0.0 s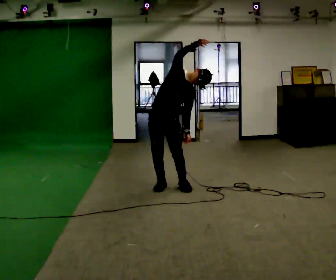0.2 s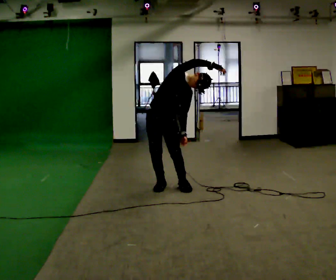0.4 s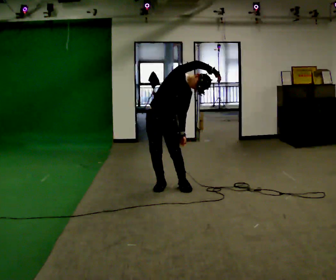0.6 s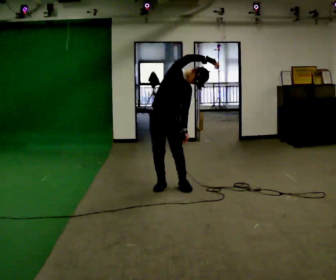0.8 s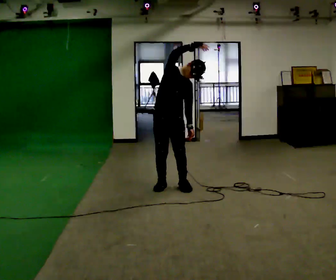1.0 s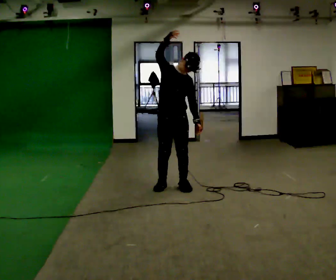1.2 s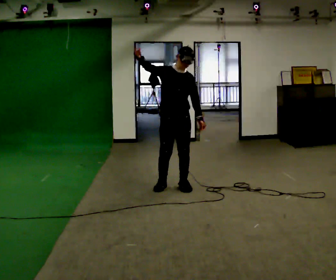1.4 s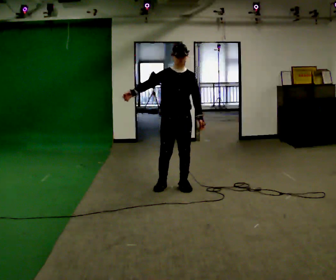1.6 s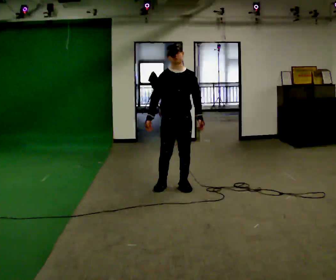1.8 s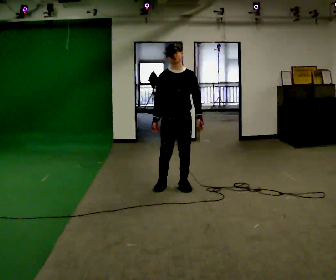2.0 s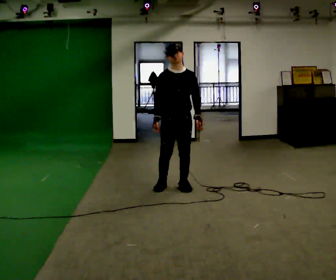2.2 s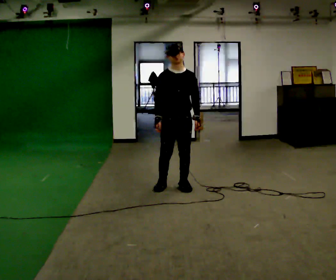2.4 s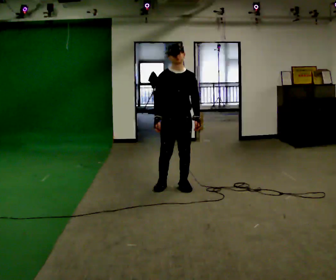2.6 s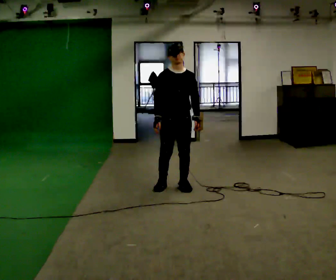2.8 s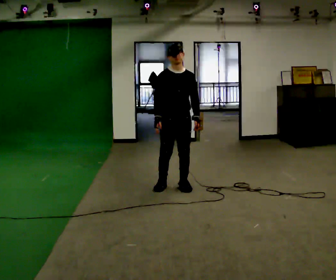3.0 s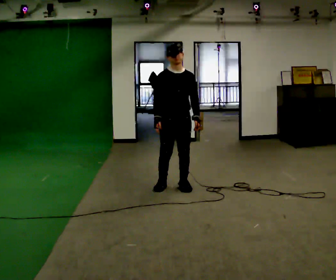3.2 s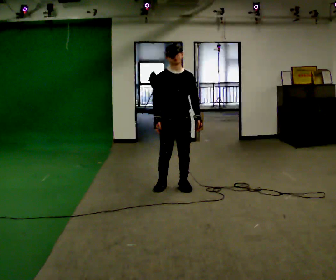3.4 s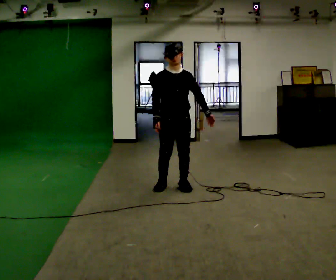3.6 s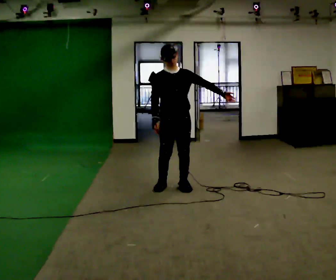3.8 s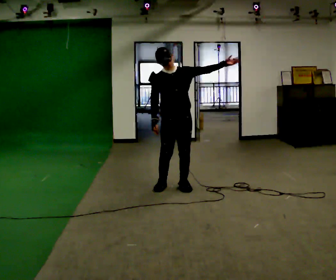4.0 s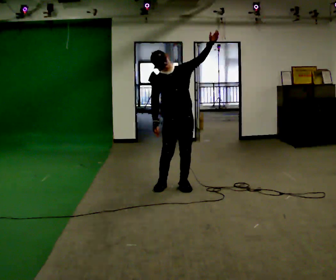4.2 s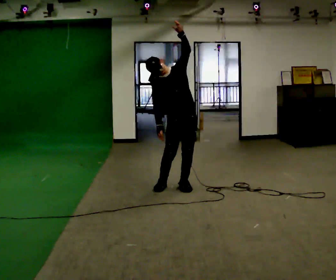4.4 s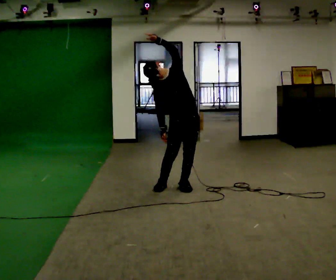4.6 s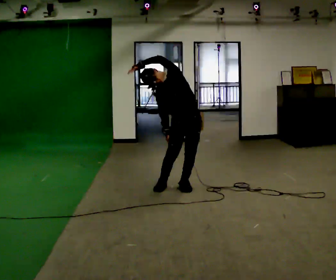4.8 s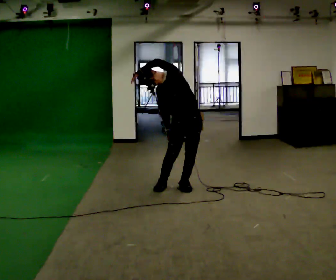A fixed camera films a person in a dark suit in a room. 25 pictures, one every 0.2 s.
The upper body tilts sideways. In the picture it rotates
counterclockwise.
Their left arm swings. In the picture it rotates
counterclockwise.
0.0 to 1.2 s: In the picture the upper body tilts counterclockwise, shoulders to the left. In the picture their right hand goes to the left.
1.2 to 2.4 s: In the picture their right hand goes downward, the arm swinging counterclockwise.
2.4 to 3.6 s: The person moves a little, or ends about where they began.
3.6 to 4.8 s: In the picture the upper body tilts counterclockwise, shoulders to the left. In the picture their left hand goes to the left, the arm swinging counterclockwise.
The film runs forward here.
